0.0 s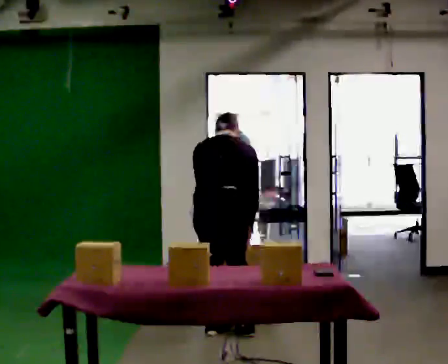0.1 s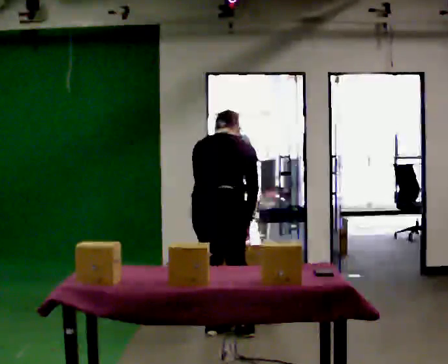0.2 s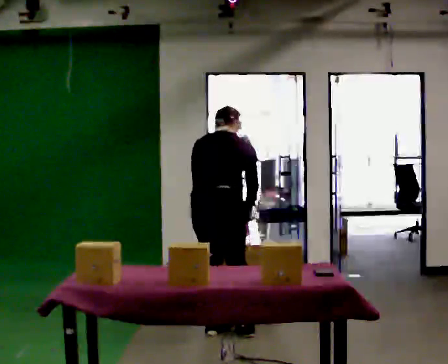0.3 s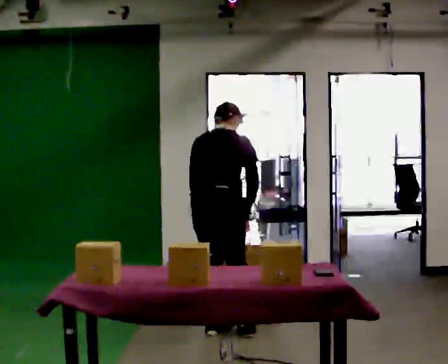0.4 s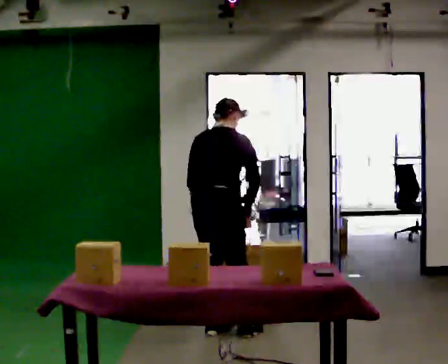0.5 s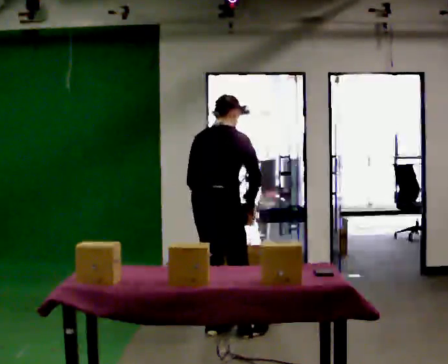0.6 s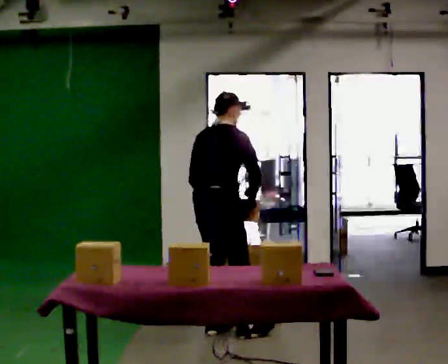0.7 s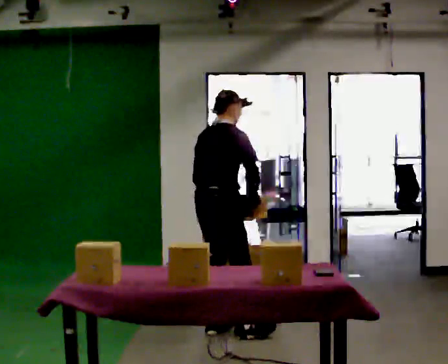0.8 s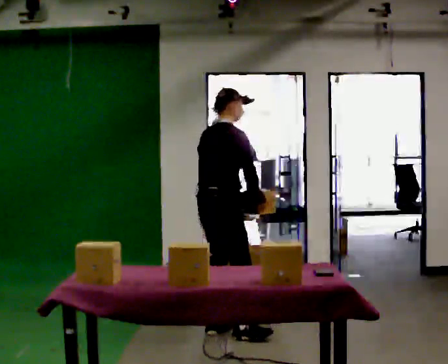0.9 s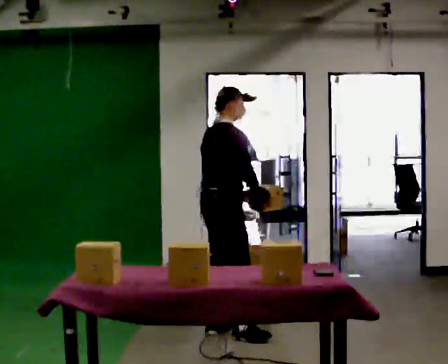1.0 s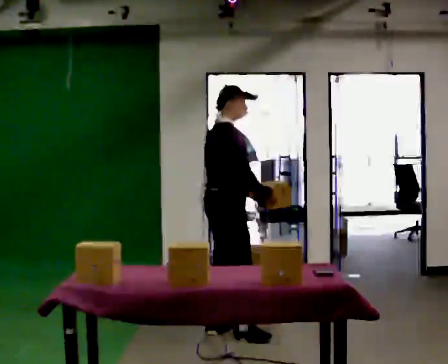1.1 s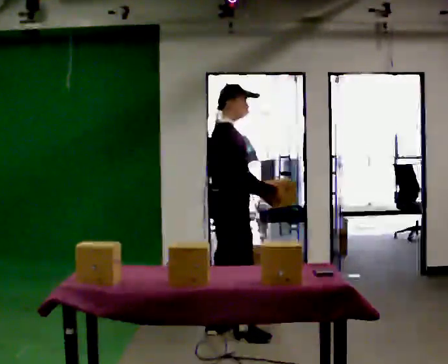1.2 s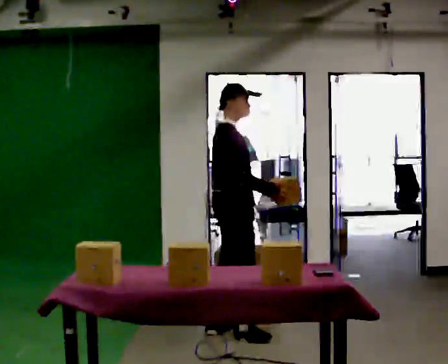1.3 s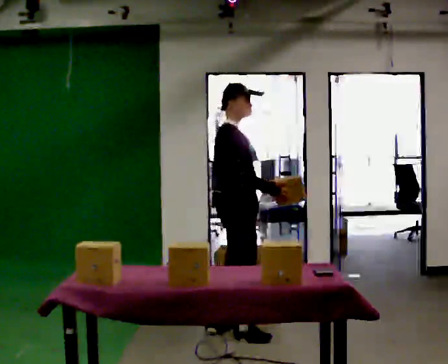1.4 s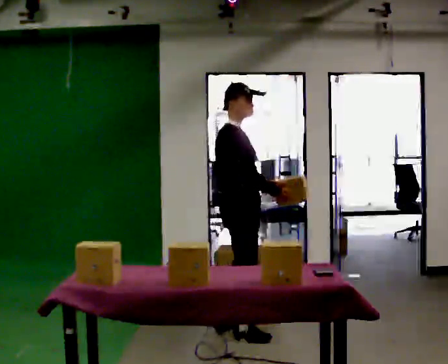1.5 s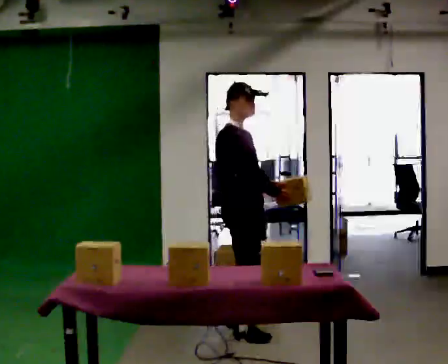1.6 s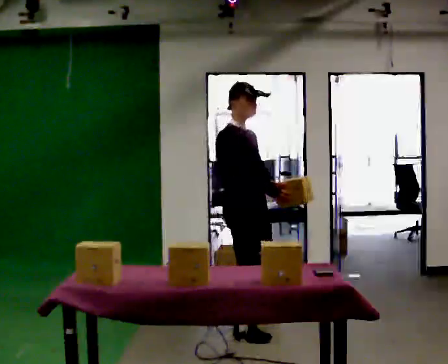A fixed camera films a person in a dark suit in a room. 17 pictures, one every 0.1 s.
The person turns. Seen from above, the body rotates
clockwise.
The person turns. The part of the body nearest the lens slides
to the left.
0.0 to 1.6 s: Seen from above the body turns clockwise, about 105 degrees: to their right, with its near side sliding to the left. In the picture they go to the right, about 0.25 m. The upper body tips toward the camera, its near side rolling downward, as they lean back or straighten. In the picture their left hand goes to the right, the arm swinging counterclockwise.
The film runs forward here.
